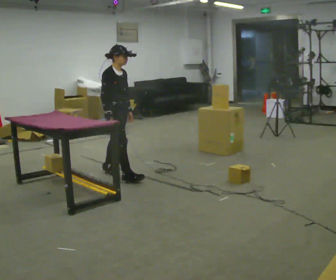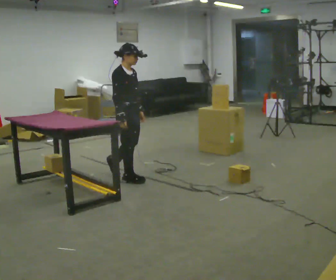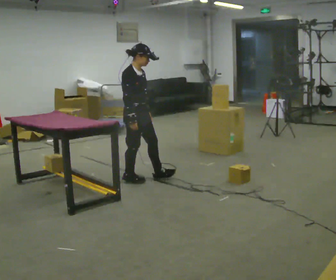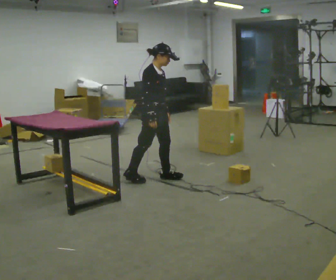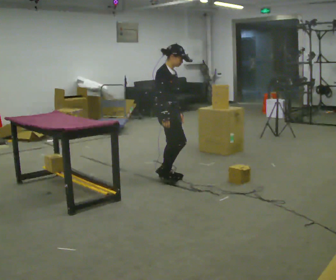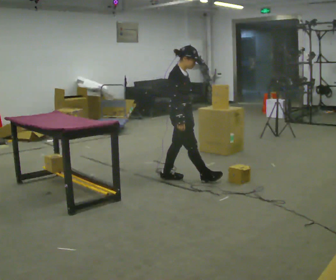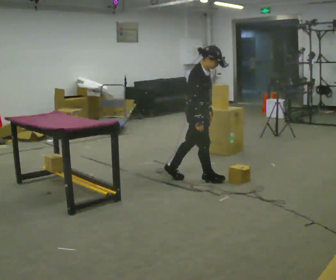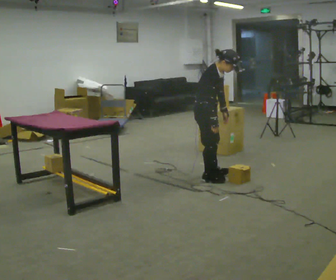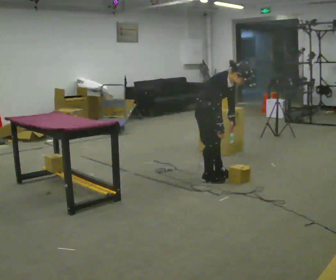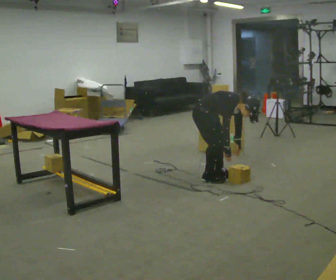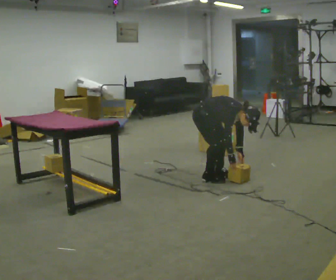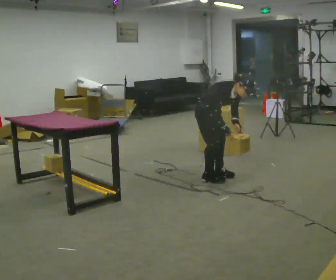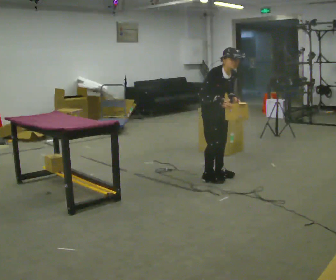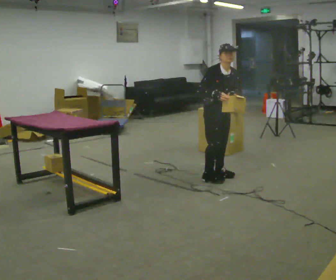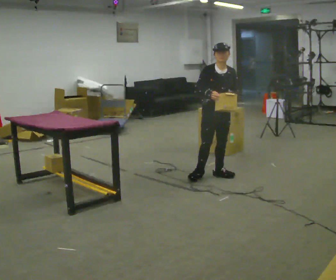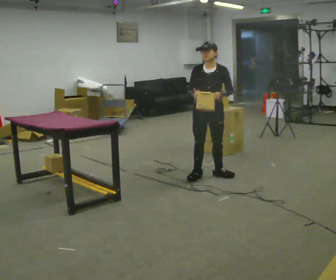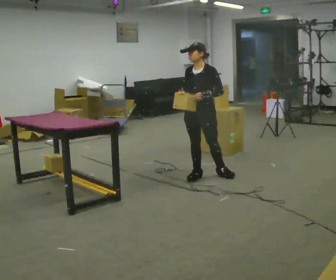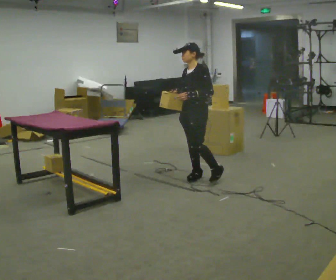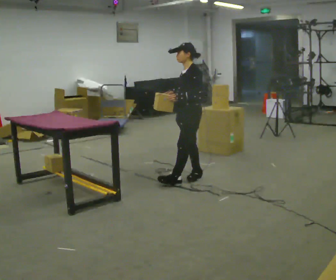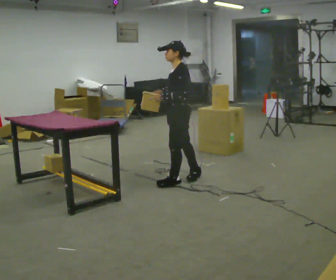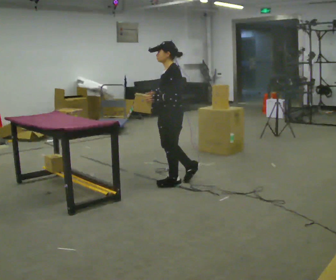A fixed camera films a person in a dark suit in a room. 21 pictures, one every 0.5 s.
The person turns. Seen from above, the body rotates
clockwise.
The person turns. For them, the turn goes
to their right.
0.0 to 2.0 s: In the picture they go to the right, about 0.5 m in 1 step, which for them is forward.
2.0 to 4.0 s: In the picture they go to the right, about 0.5 m in 2 steps, which for them is forward. In the picture the upper body tilts clockwise, shoulders to the right, as they bend forward.
4.0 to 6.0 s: The person moves a little, or ends about where they began.
6.0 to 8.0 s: Seen from above the body turns clockwise, about 75 degrees: to their right, with its near side sliding to the left. In the picture the upper body tilts counterclockwise, shoulders to the left, as they lean back or straighten. In the picture their left hand goes to the left.
8.0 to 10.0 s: The person turns about 45 degrees to their right, clockwise seen from above, so the part of the body nearest the lens slides to the left. In the picture they go to the left and toward the camera, about 0.25 m in 1 step, which for them is forward.
The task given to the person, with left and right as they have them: 1. The operator will tell you the shelf is already sorted and just needs moving to the table. 2. Do what you think is right. 3. Tell the operator when you are finished.
The film runs forward here.
